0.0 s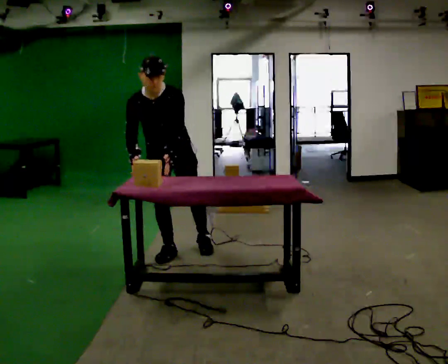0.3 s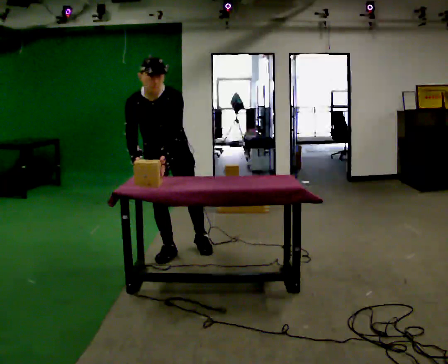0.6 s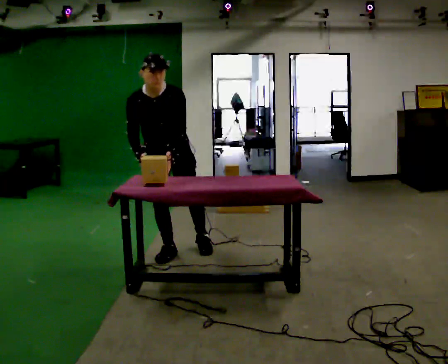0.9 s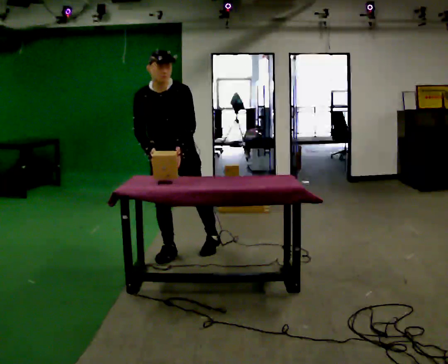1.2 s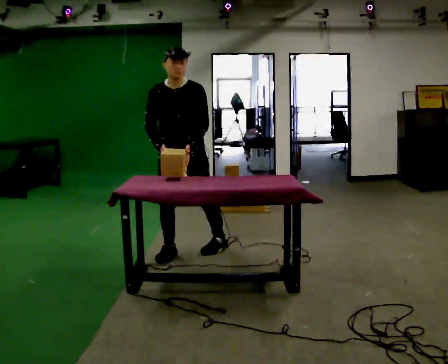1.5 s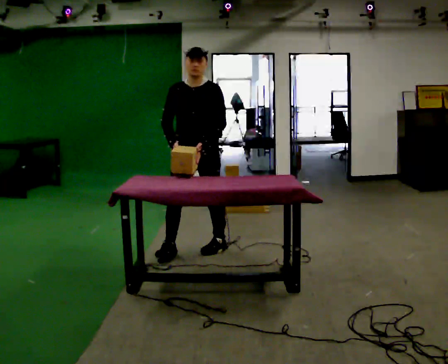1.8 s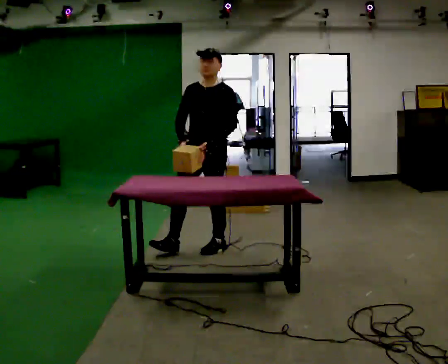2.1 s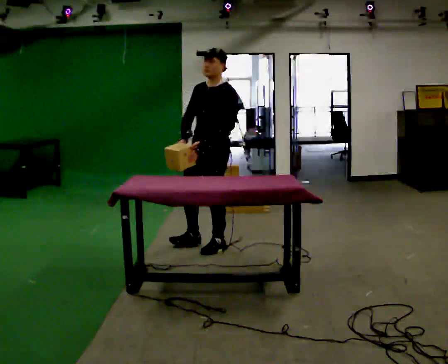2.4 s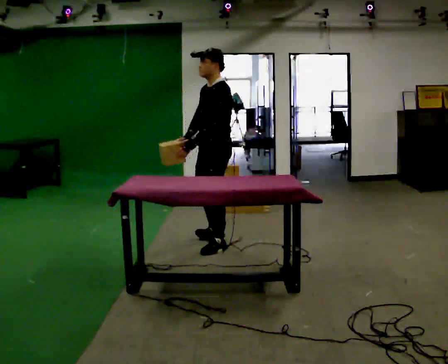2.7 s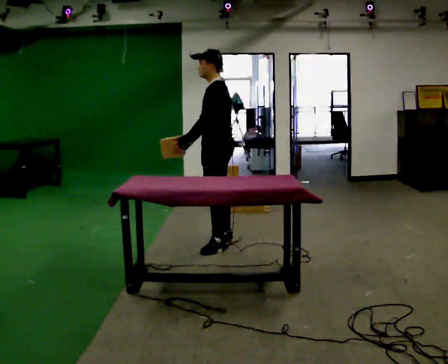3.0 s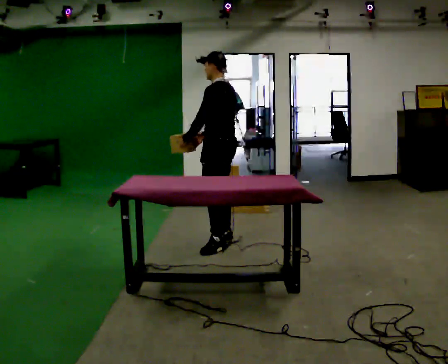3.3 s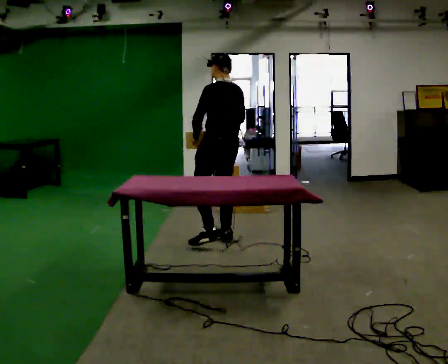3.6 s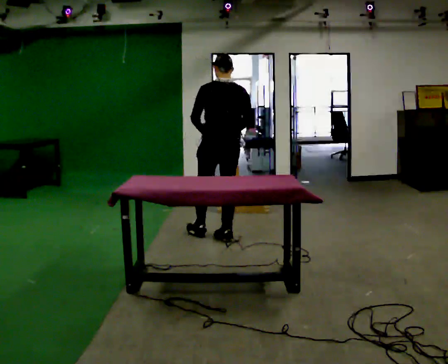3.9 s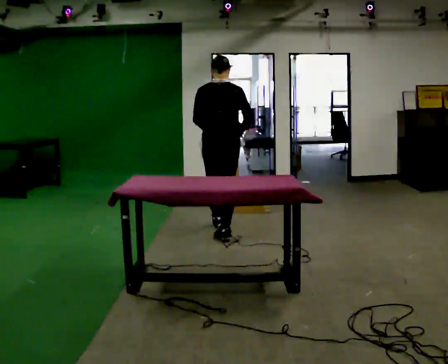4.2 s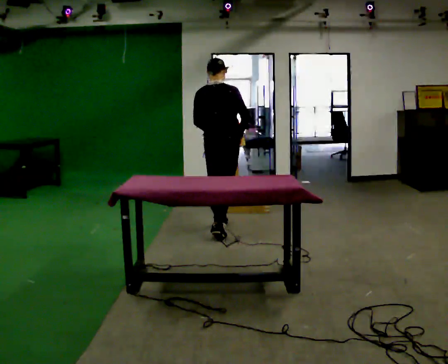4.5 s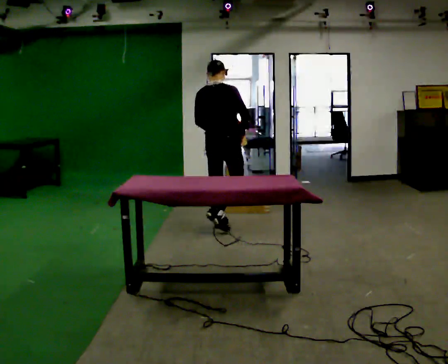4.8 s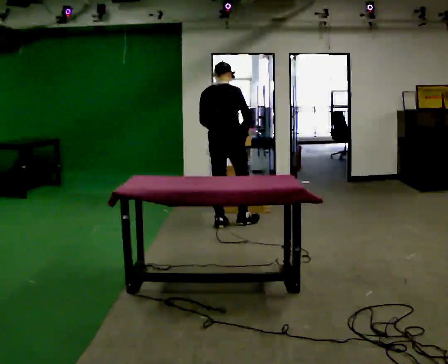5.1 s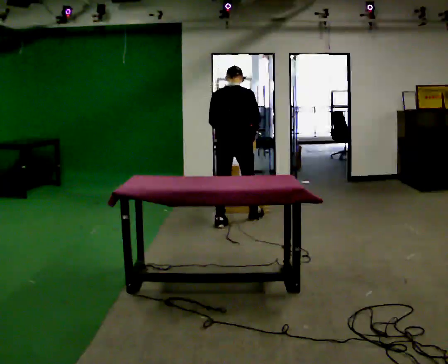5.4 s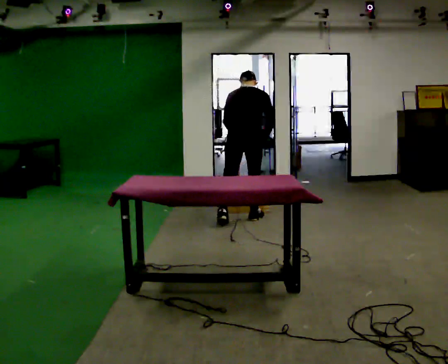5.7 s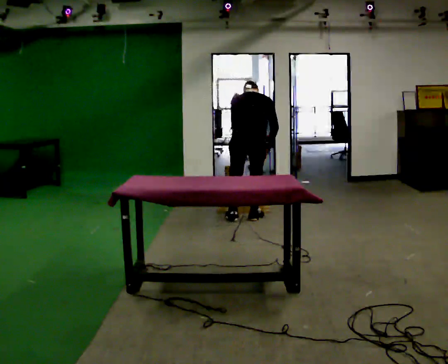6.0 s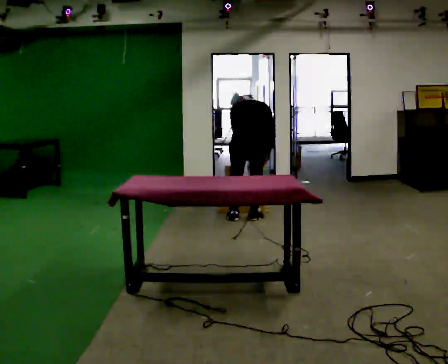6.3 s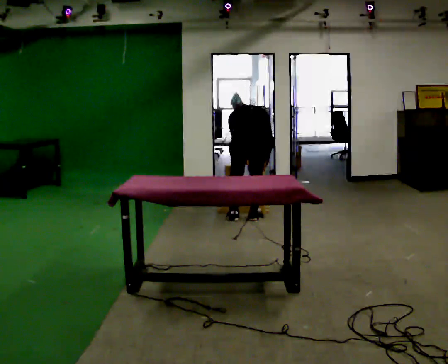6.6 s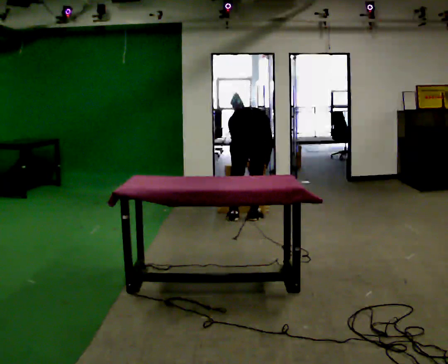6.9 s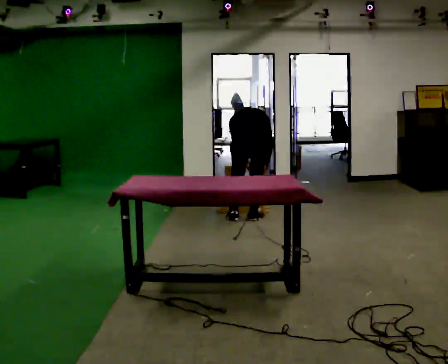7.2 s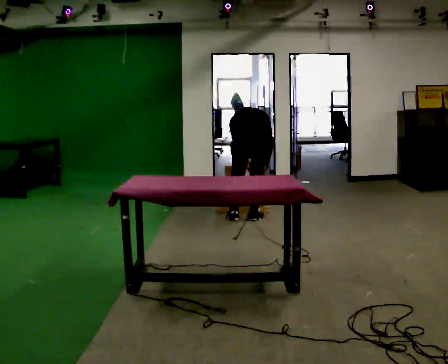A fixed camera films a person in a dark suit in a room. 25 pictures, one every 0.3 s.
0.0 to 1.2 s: The upper body tips away from the camera, its near side rolling upward, as they lean back or straighten.
1.2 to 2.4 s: The part of the body nearest the lens slides to the left as the person turns to their right by about 75 degrees. In the picture they go to the right and away from the camera, about 0.25 m.
2.4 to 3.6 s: Seen from above the body turns clockwise, about 90 degrees: to their right, with its near side sliding to the left. In the picture they go away from the camera, about 0.25 m in 1 step.
3.6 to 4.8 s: The part of the body nearest the lens slides to the left as the person turns to their right by about 30 degrees. In the picture they go away from the camera, about 0.5 m in 1 step, which for them is forward.
4.8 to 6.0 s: In the picture they go to the right, about 0.25 m in 2 steps, which for them is to their right and forward. The shoulders move downward. The upper body tips away from the camera, its near side rolling upward, as they bend forward.
6.0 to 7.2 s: The person moves a little, or ends about where they began.
The film runs forward here.
